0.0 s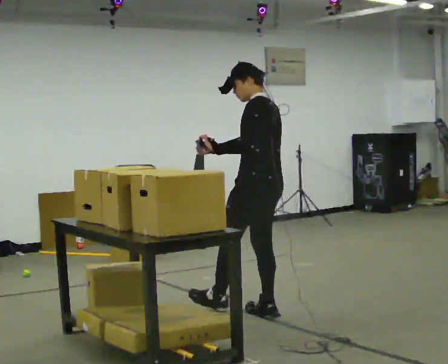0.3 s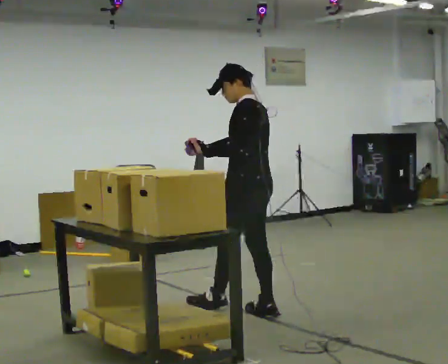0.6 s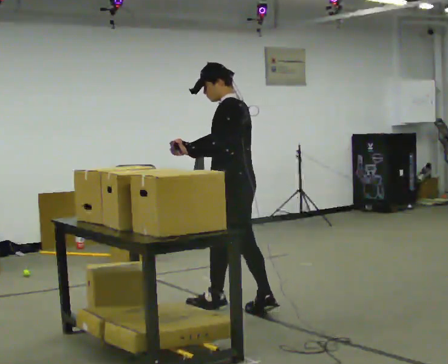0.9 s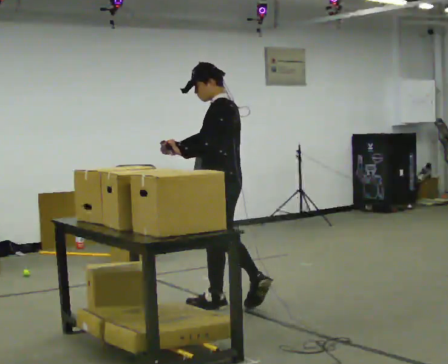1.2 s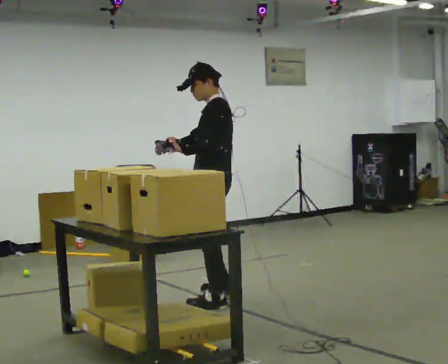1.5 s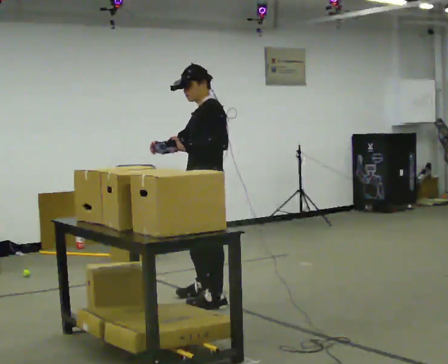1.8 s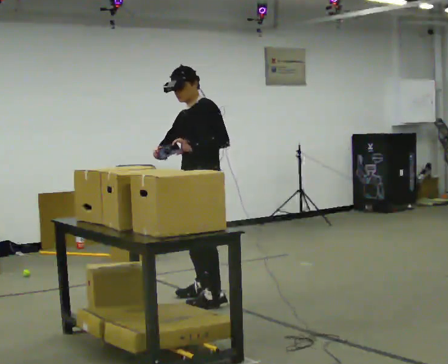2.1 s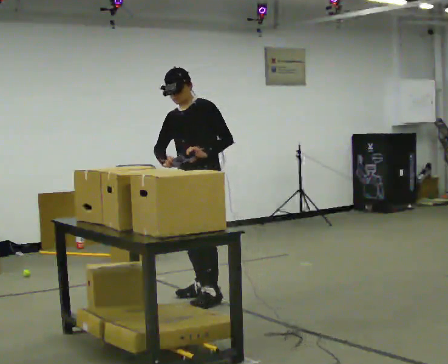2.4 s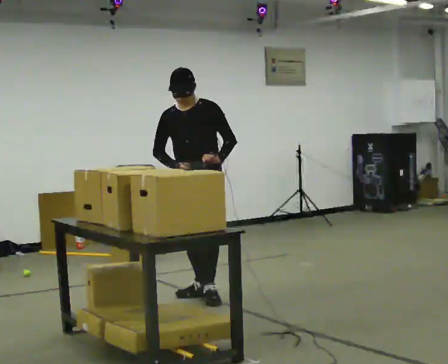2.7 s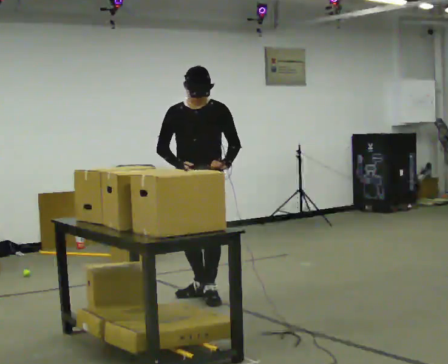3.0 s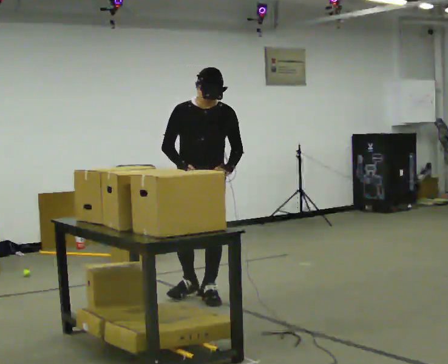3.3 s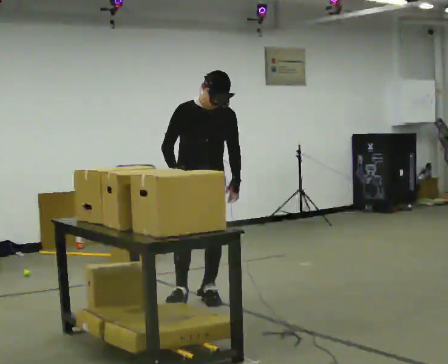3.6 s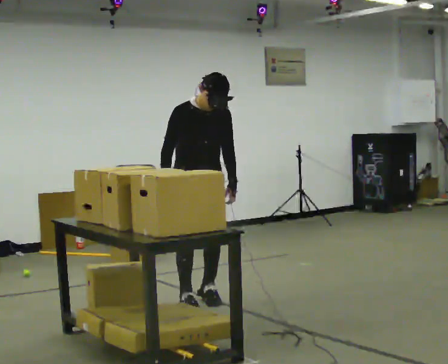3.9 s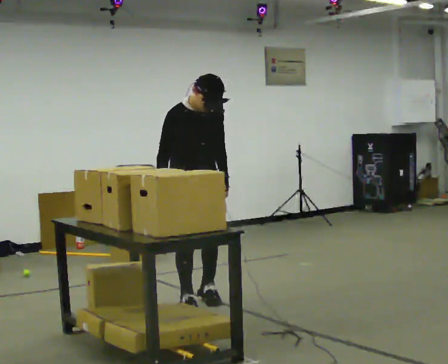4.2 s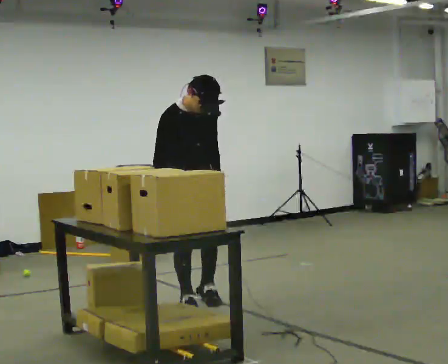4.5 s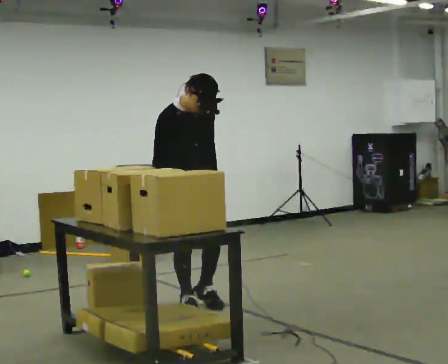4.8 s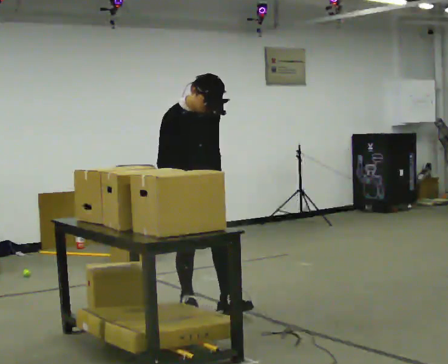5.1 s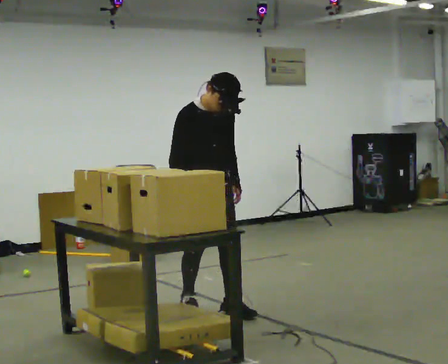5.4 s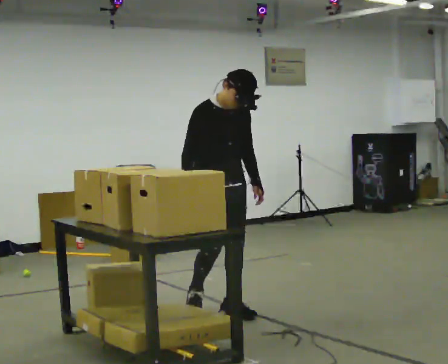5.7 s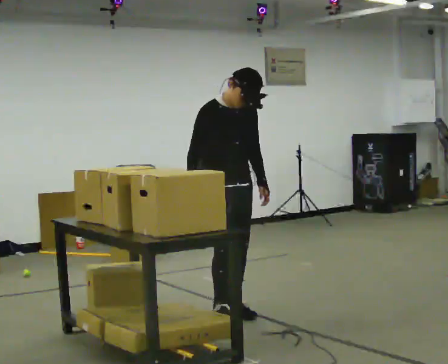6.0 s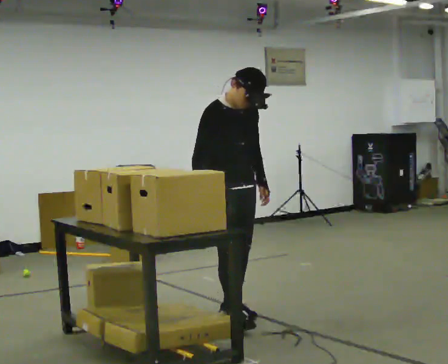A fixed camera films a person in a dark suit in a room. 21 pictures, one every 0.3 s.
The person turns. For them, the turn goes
to their left.
The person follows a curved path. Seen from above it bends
counterclockwise.
0.0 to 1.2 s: In the picture they go to the left and away from the camera, about 0.5 m in 1 step, which for them is forward.
1.2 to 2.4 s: Seen from above the body turns counterclockwise, about 75 degrees: to their left, with its near side sliding to the right. In the picture they go away from the camera, about 0.25 m in 3 steps. In the picture the upper body tilts counterclockwise, shoulders to the left.
2.4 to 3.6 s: The part of the body nearest the lens slides to the right as the person turns to their left by about 45 degrees. In the picture the upper body tilts clockwise, shoulders to the right.
3.6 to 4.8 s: In the picture they go toward the camera, about 0.25 m, which for them is forward and to their right.
4.8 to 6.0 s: In the picture they go to the right and toward the camera, about 0.25 m in 2 steps, which for them is forward.
The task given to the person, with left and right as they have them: Carry the handheld device and, while walking, point it at the labels on the shelves and press the button as if scanning them.
The film runs forward here.
